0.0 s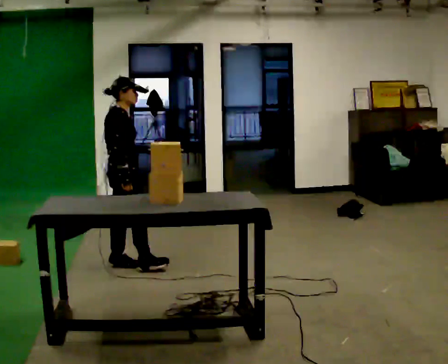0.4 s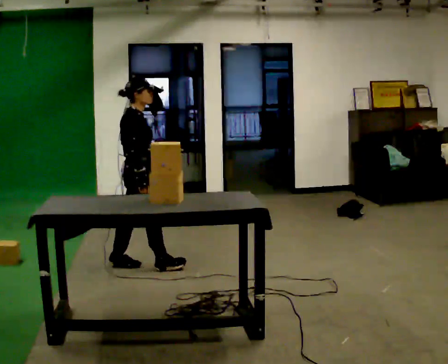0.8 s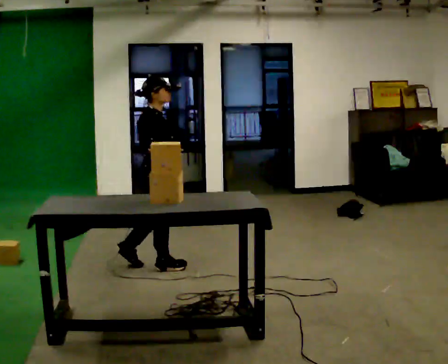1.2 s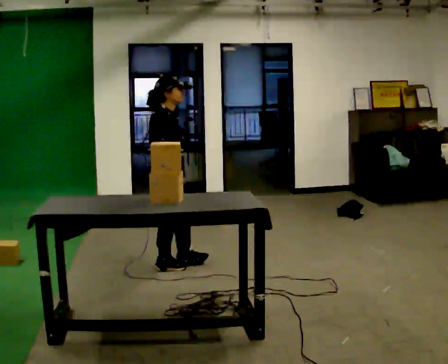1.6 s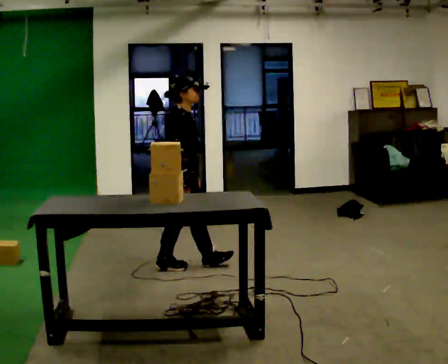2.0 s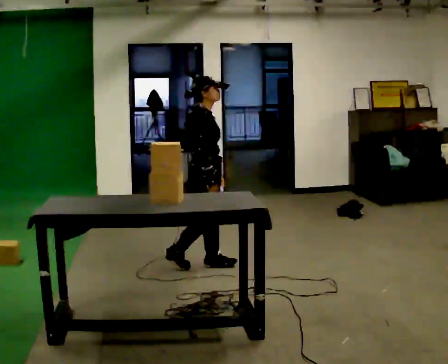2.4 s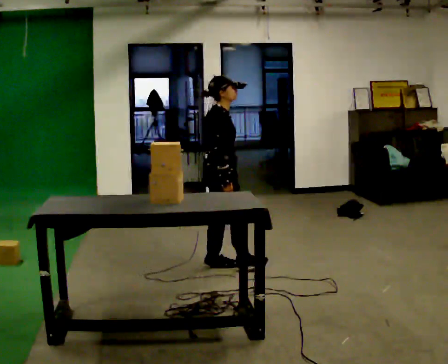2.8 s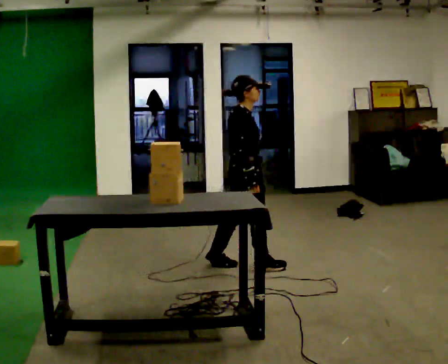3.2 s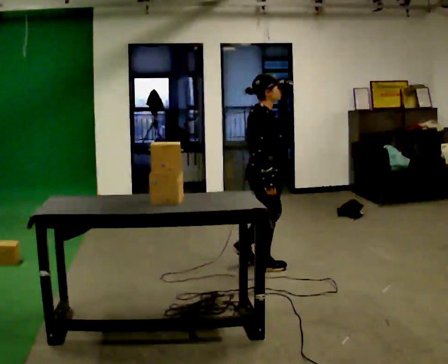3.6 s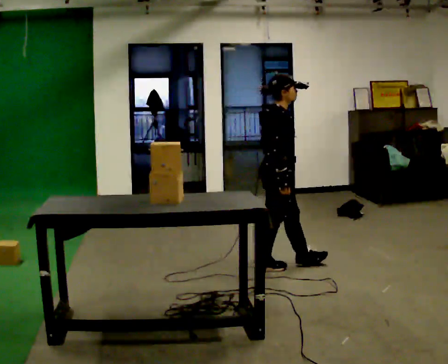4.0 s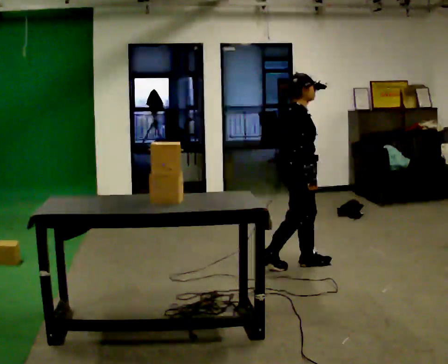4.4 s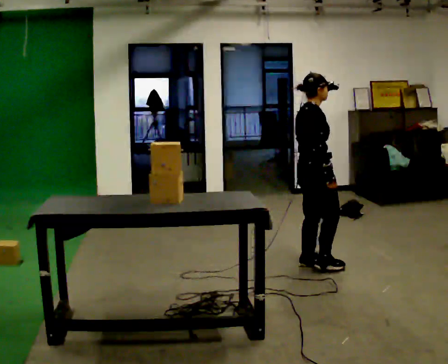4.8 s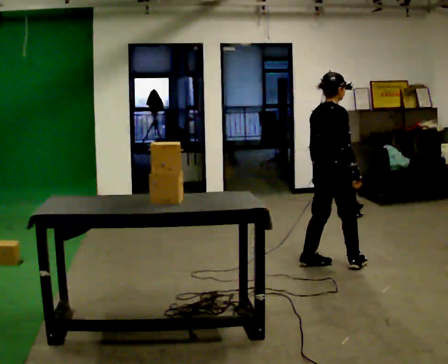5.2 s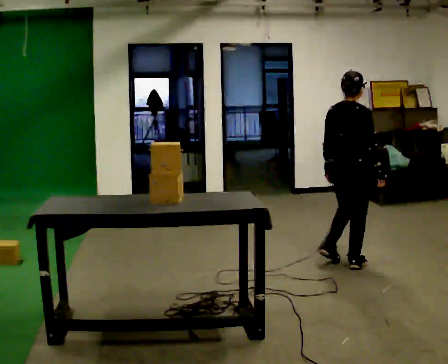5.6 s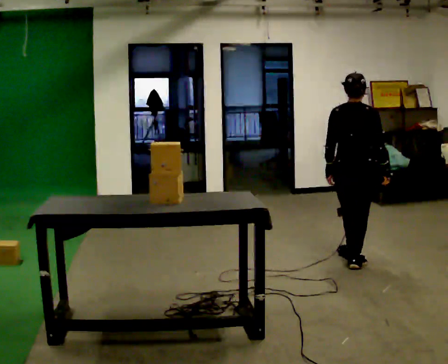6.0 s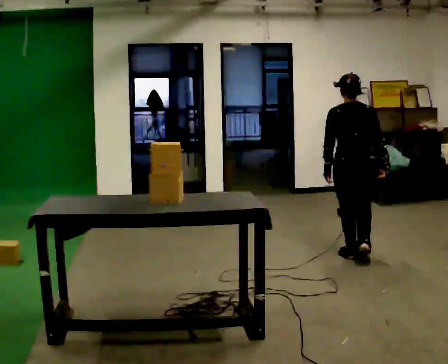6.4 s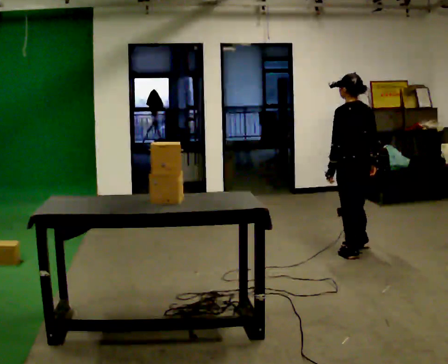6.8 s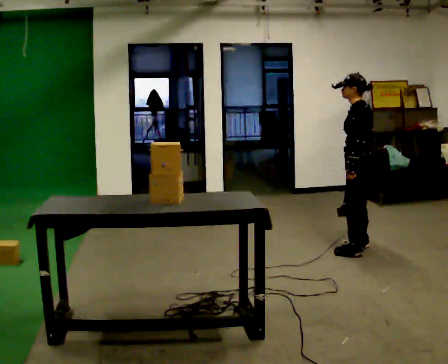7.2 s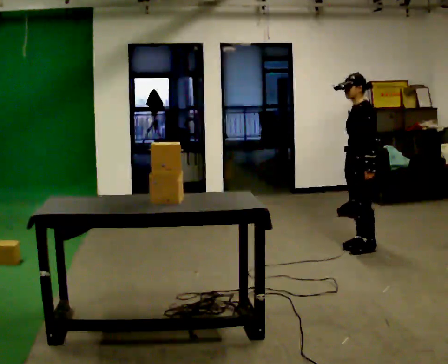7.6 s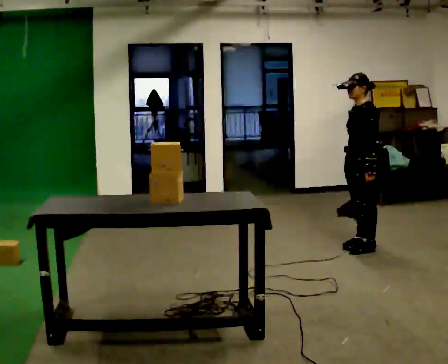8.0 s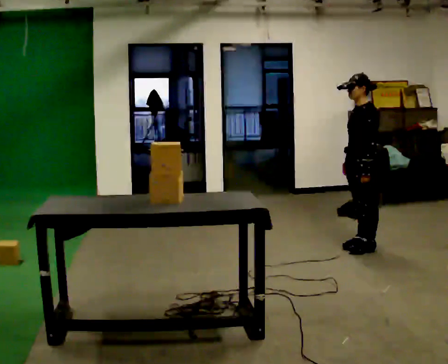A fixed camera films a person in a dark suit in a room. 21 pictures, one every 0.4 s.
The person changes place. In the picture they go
to the right.
The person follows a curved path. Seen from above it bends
counterclockwise.
0.0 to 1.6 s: In the picture they go to the right, about 0.5 m in 2 steps, which for them is forward.
1.6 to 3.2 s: In the picture they go to the right, about 0.5 m in 1 step, which for them is forward.
3.2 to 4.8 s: Seen from above the body turns counterclockwise, about 30 degrees: to their left, with its near side sliding to the right. In the picture they go to the right, about 0.5 m in 2 steps, which for them is forward.
4.8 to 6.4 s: The part of the body nearest the lens slides to the right as the person turns to their left by about 90 degrees. In the picture they go away from the camera and to the right, about 0.25 m in 1 step.
6.4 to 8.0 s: Seen from above the body turns counterclockwise, about 60 degrees: to their left, with its near side sliding to the right. In the picture they go away from the camera, about 0.25 m in 2 steps.
The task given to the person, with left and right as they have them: Bring the boxes over one at a time and stack them on top of each other, walking back for each one. Keep going until the operator says stop; one object at a time, and do not rush between trips.
The film runs forward here.
